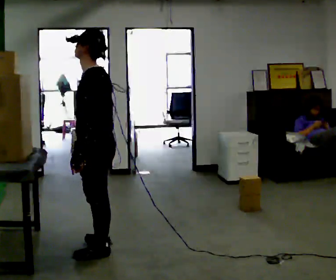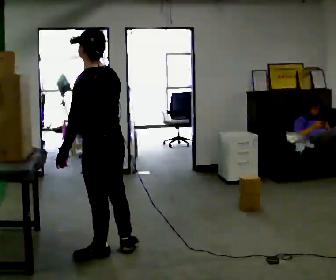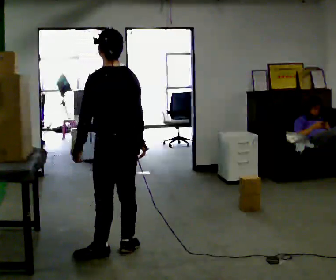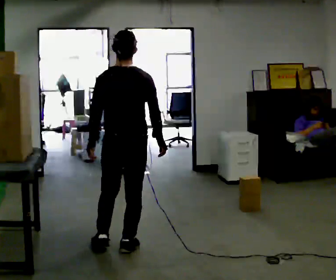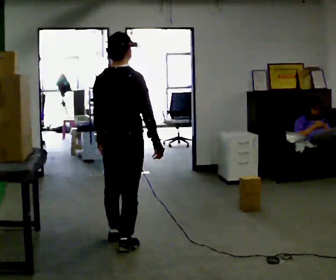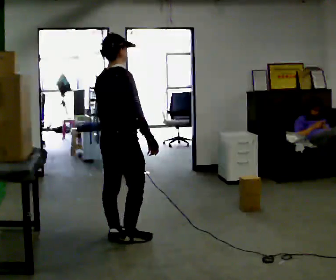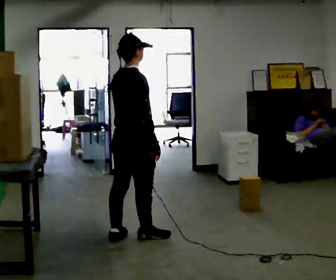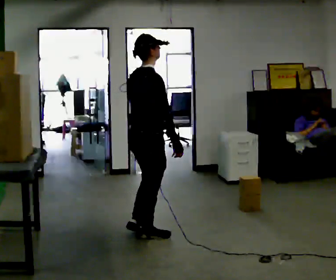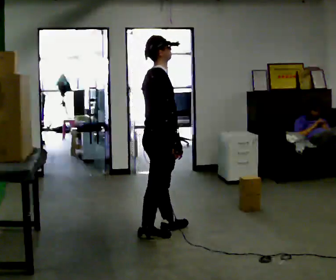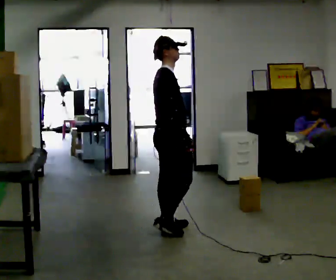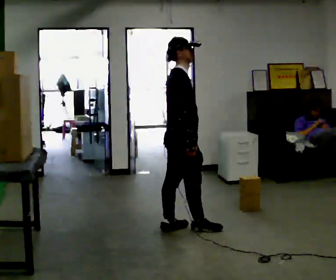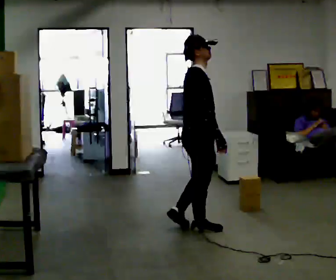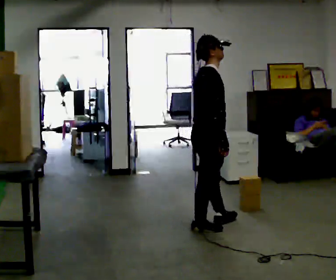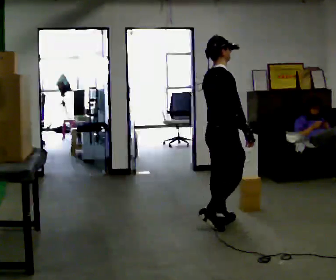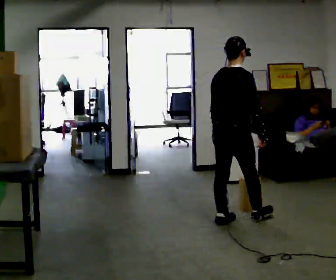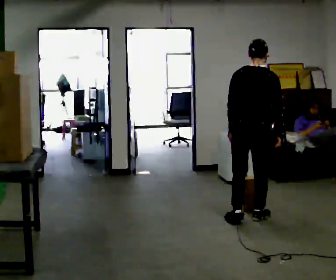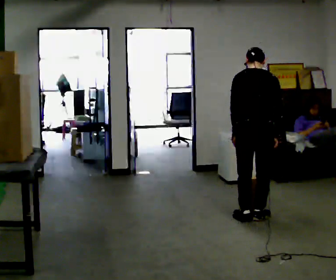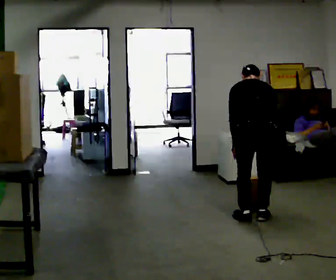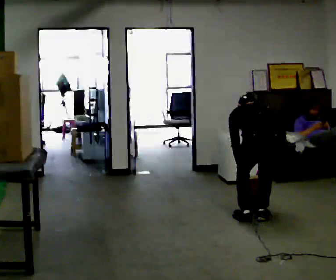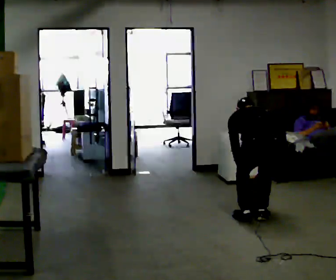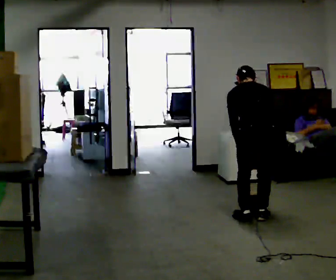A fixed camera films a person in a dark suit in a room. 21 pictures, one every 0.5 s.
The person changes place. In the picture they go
to the right.
The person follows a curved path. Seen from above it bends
clockwise.
0.0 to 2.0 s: The person turns about 105 degrees to their right, clockwise seen from above, so the part of the body nearest the lens slides to the left. In the picture they go away from the camera, about 0.25 m in 2 steps.
2.0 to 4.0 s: Seen from above the body turns clockwise, about 45 degrees: to their right, with its near side sliding to the left. In the picture they go away from the camera and to the right, about 0.5 m in 2 steps, which for them is forward.
4.0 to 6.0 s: In the picture they go to the right, about 0.5 m in 1 step, which for them is forward.
6.0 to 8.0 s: Seen from above the body turns counterclockwise, about 75 degrees: to their left, with its near side sliding to the right. In the picture they go to the right, about 0.5 m in 3 steps. The upper body tips away from the camera, its near side rolling upward, as they bend forward.
8.0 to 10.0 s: The person moves a little, or ends about where they began.
The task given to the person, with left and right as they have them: Take an object from the lowest shelf, carry it across the room, and place it on the highest shelf you can comfortably reach. Keep going until the operator says stop; one object at a time, and do not rush between trips.
The film runs forward here.
